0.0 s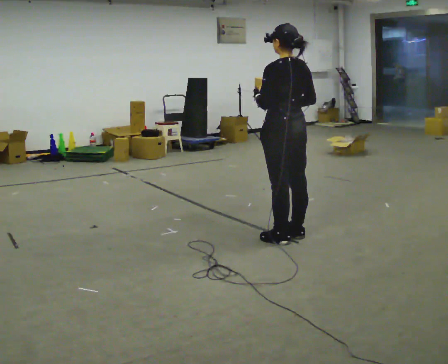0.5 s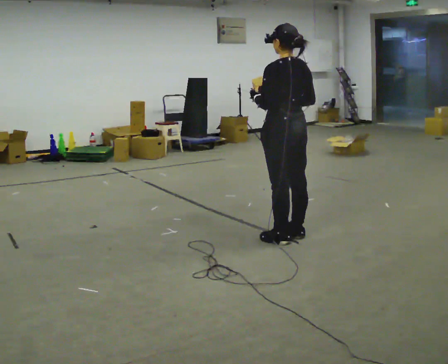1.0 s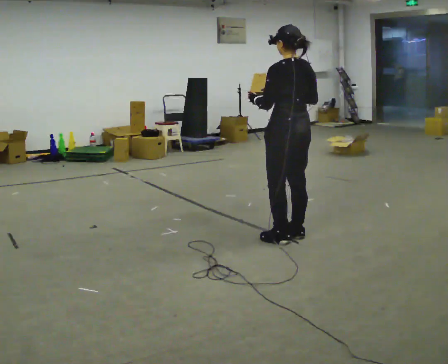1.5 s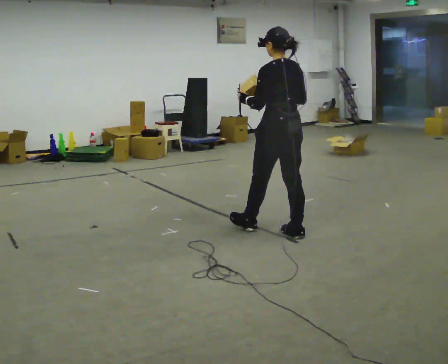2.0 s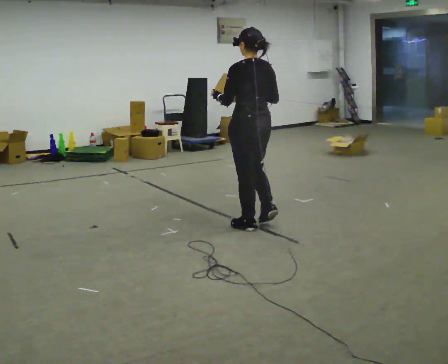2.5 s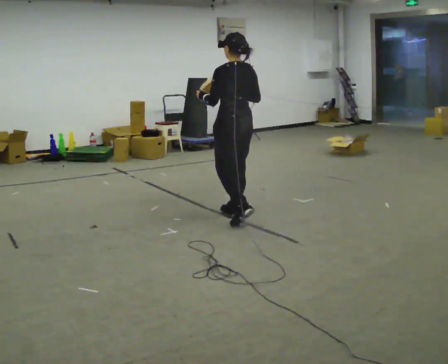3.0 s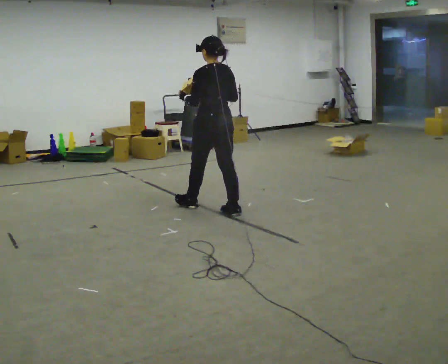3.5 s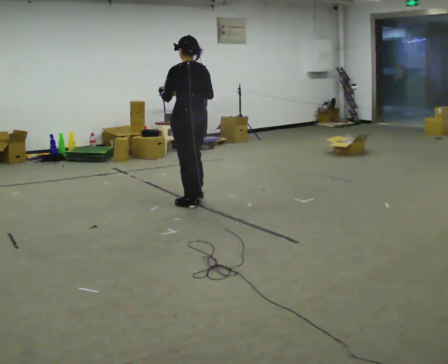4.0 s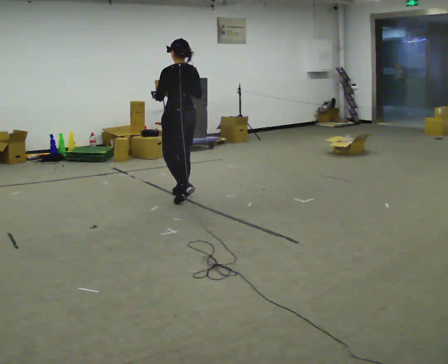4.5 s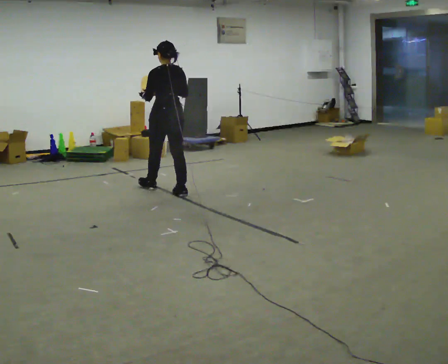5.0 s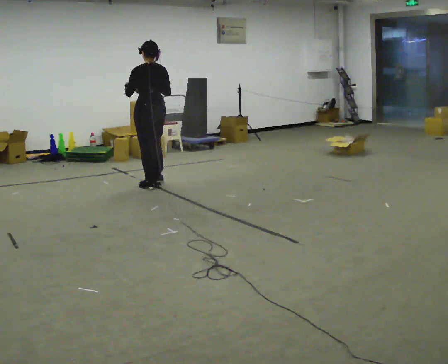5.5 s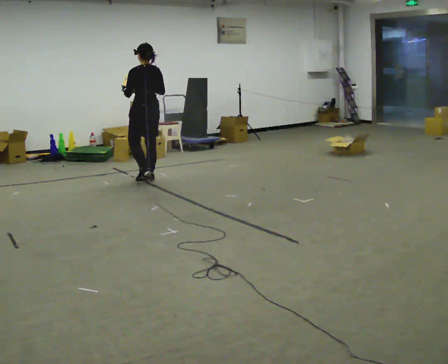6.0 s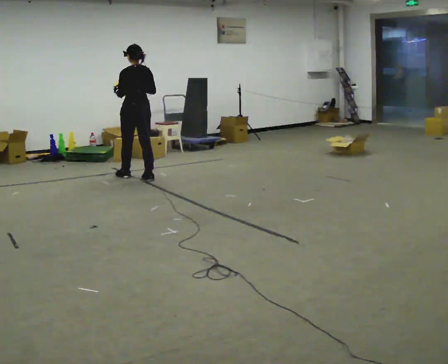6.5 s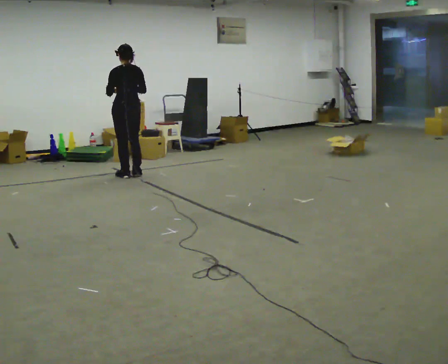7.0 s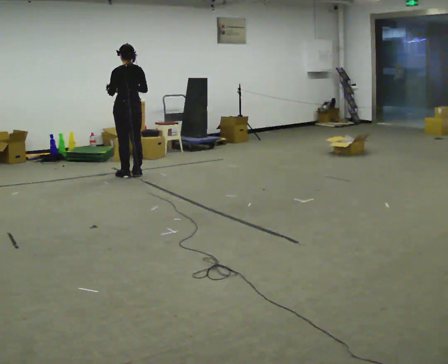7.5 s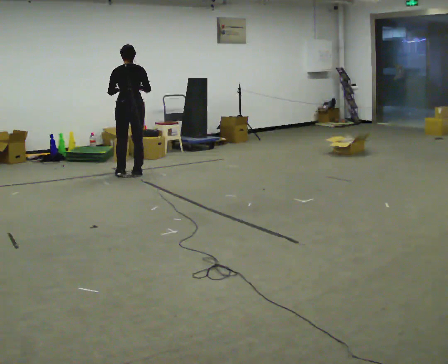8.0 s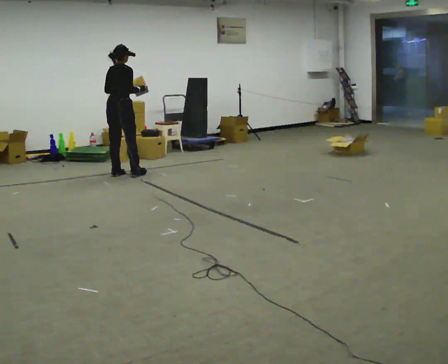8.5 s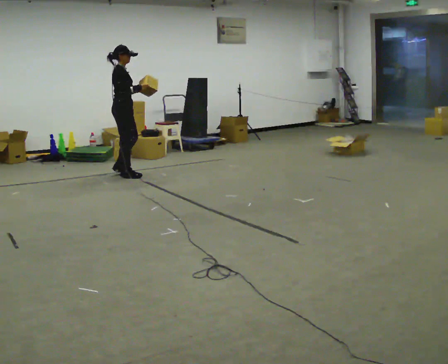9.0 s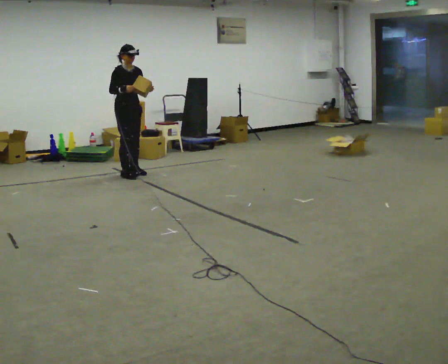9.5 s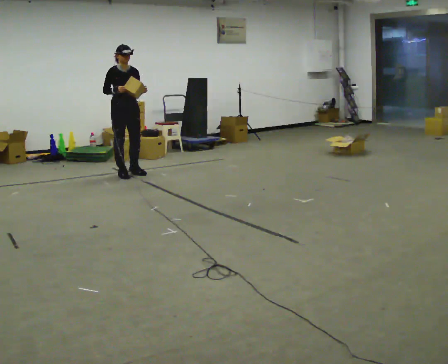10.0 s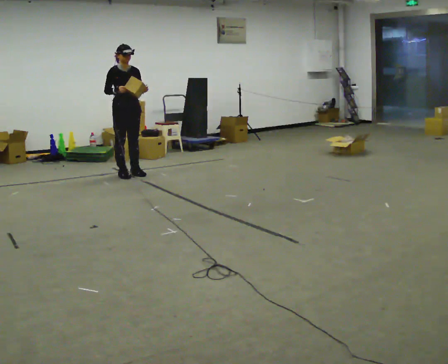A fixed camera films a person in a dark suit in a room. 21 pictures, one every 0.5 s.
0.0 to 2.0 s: In the picture they go away from the camera and to the left, about 0.5 m in 1 step, which for them is forward.
2.0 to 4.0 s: In the picture they go away from the camera and to the left, about 1 m in 3 steps, which for them is forward.
4.0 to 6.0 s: In the picture they go away from the camera and to the left, about 1 m in 3 steps, which for them is forward.
6.0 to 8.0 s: Seen from above the body turns clockwise, about 75 degrees: to their right, with its near side sliding to the left. In the picture they go to the left and away from the camera, about 0.25 m in 2 steps.
8.0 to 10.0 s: Seen from above the body turns clockwise, about 105 degrees: to their right, with its near side sliding to the left. In the picture their left hand goes to the right.
The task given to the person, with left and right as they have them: Carry the object and, while walking, turn it over in your hands to look at all sides of it. Keep turning it as you walk.
The film runs forward here.
